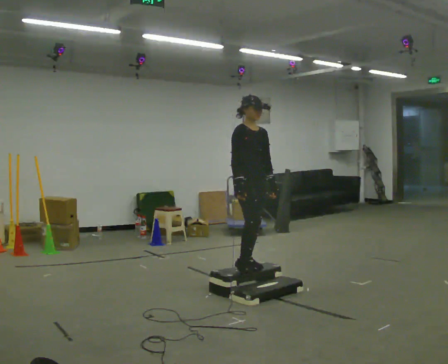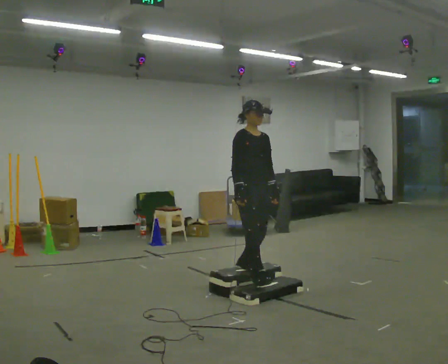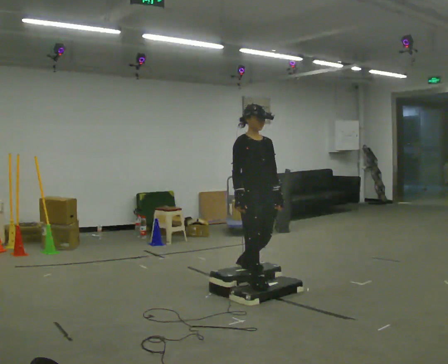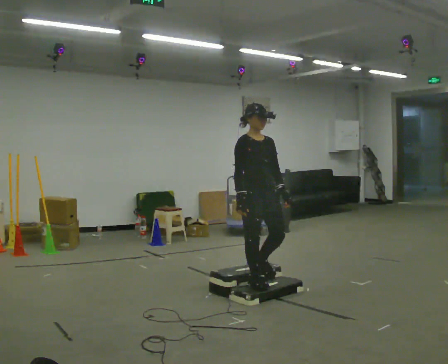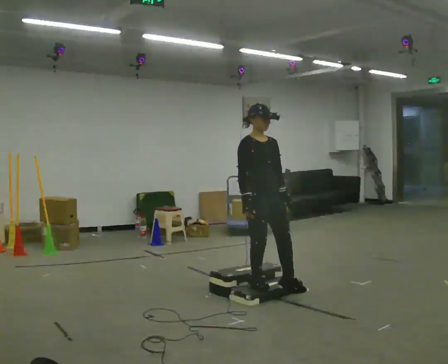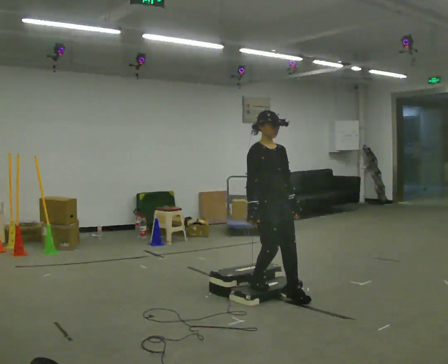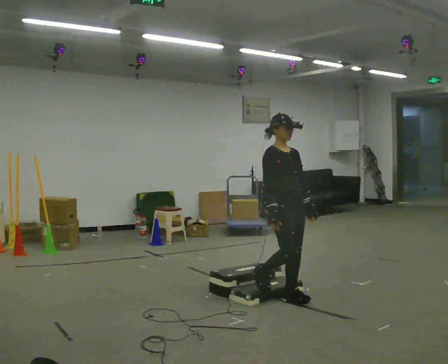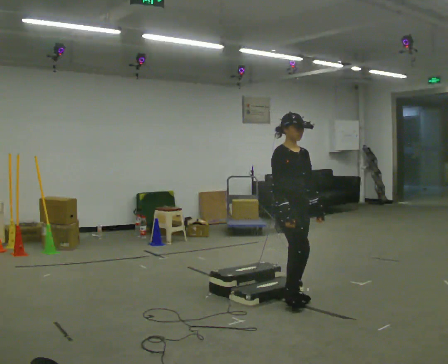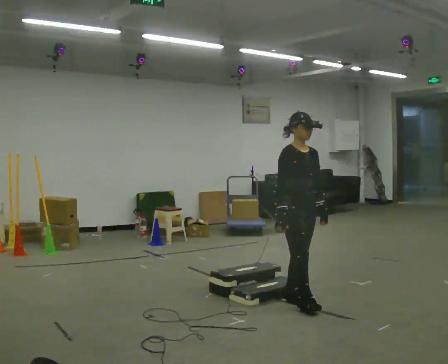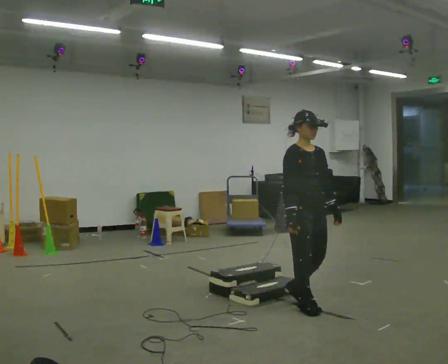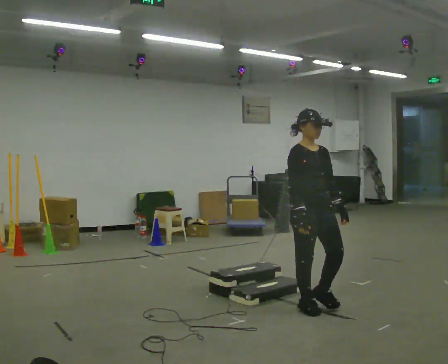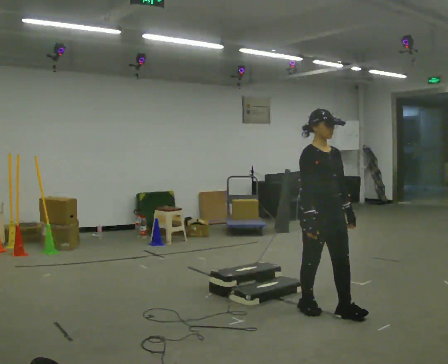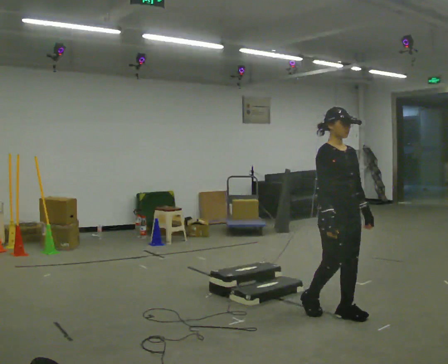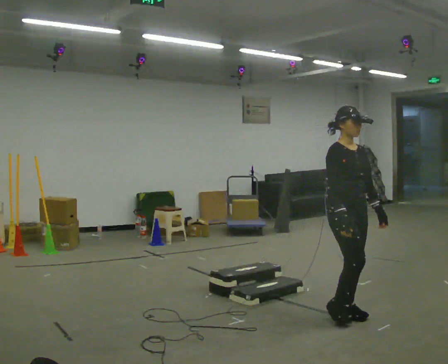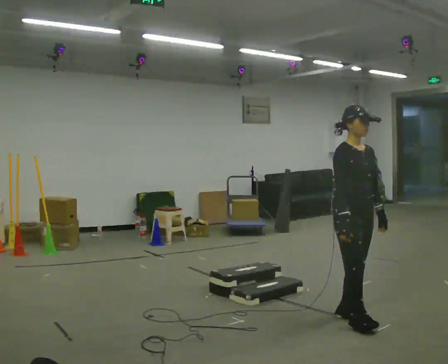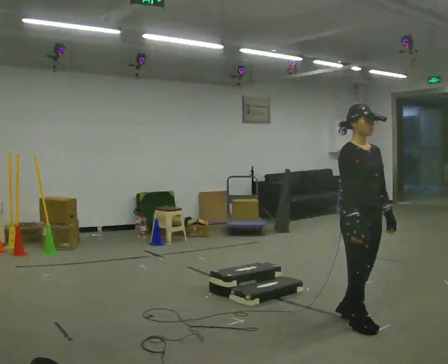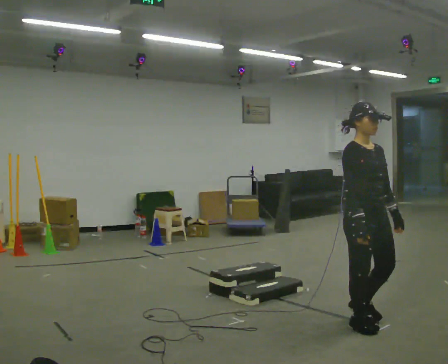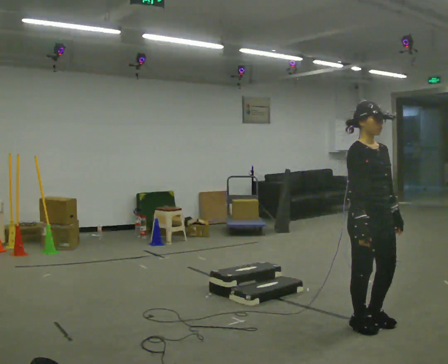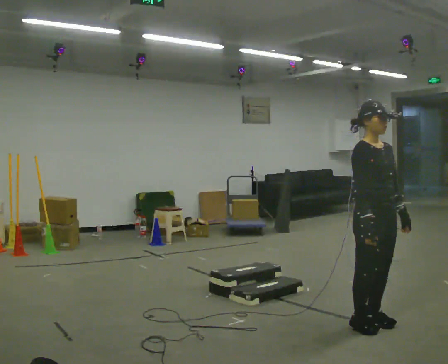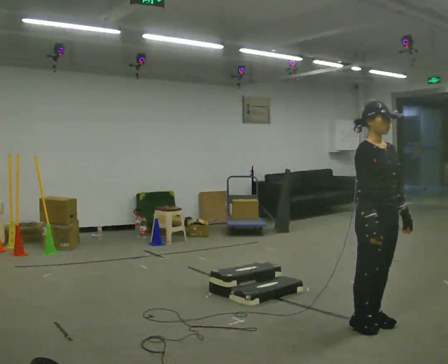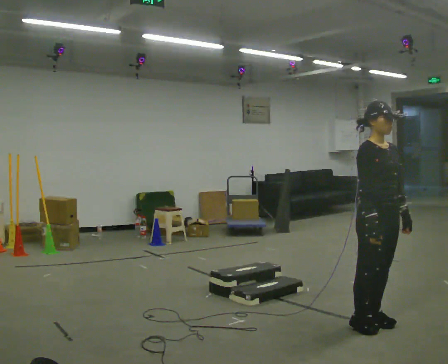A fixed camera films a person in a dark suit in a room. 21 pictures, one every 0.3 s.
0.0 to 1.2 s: In the picture they go toward the camera, about 0.25 m in 1 step, which for them is forward.
1.2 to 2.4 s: In the picture they go to the right and toward the camera, about 0.25 m in 2 steps, which for them is forward.
2.4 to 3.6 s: In the picture they go toward the camera and to the right, about 0.5 m in 1 step, which for them is forward.
3.6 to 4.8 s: In the picture they go toward the camera and to the right, about 0.25 m in 1 step, which for them is forward.
4.8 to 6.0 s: The person moves a little, or ends about where they began.
The film runs forward here.
